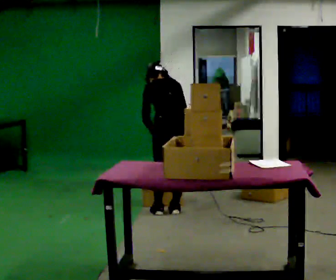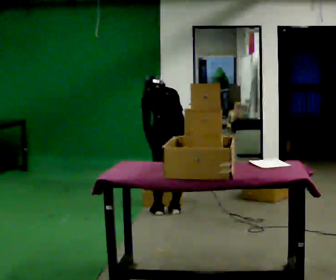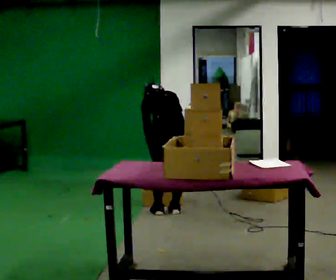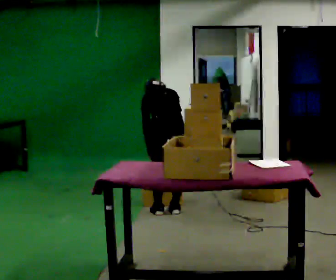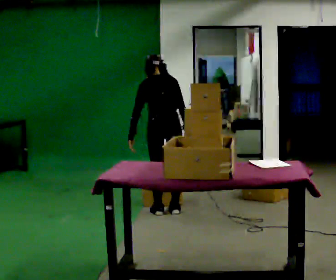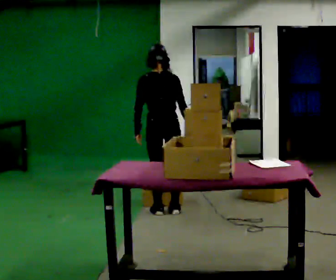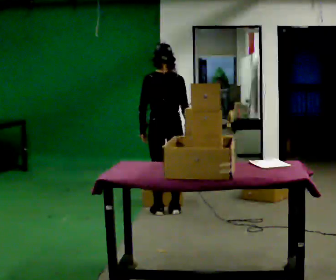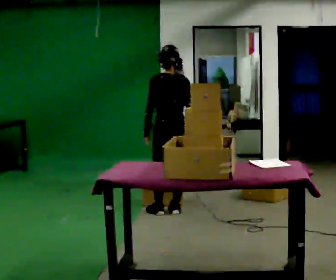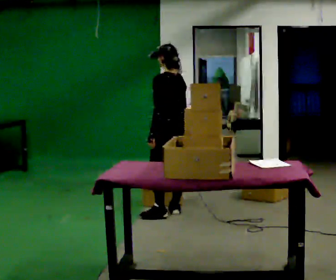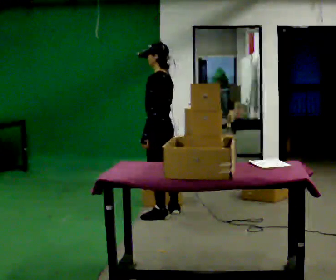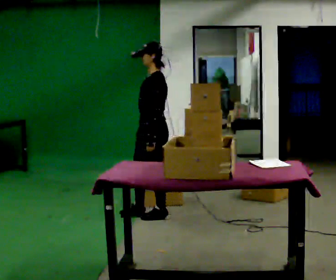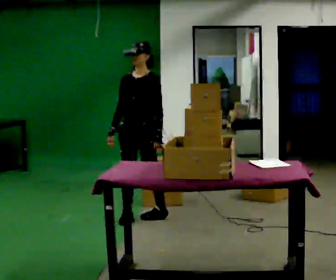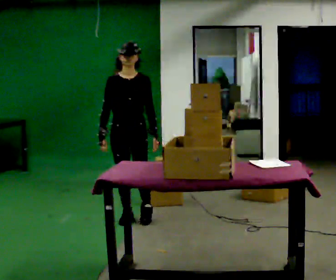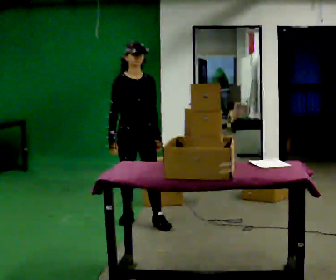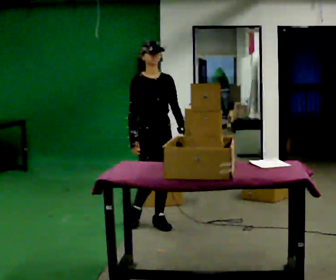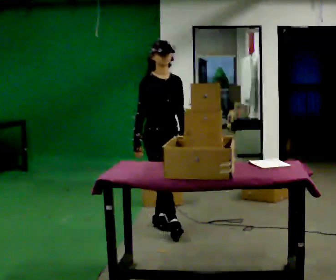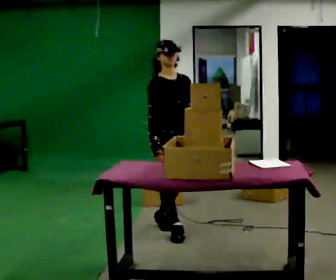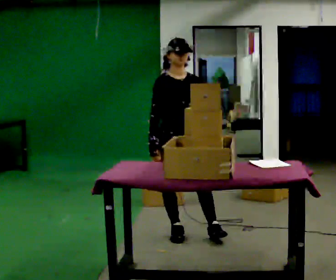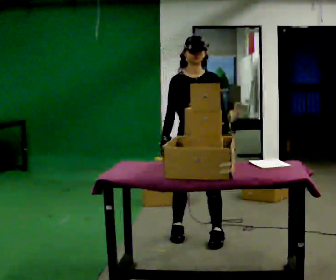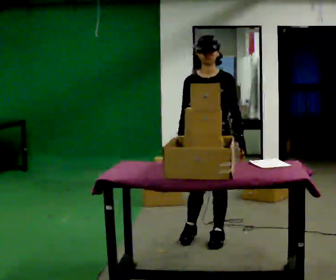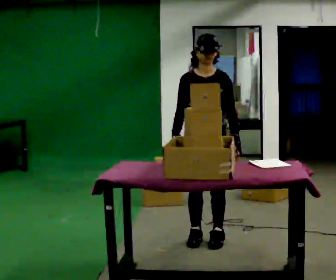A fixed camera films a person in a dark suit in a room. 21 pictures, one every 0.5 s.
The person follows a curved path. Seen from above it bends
counterclockwise.
The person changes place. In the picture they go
toward the camera.
0.0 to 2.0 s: The person moves a little, or ends about where they began.
2.0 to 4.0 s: The part of the body nearest the lens slides to the right as the person turns to their left by about 45 degrees. The upper body tips toward the camera, its near side rolling downward, as they lean back or straighten.
4.0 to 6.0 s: Seen from above the body turns counterclockwise, about 150 degrees: to their left, with its near side sliding to the right. In the picture they go to the left and toward the camera, about 0.5 m in 1 step.
6.0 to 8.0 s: The part of the body nearest the lens slides to the right as the person turns to their left by about 30 degrees. In the picture they go toward the camera and to the right, about 0.5 m in 2 steps, which for them is forward.
8.0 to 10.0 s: The person turns about 45 degrees to their right, clockwise seen from above, so the part of the body nearest the lens slides to the left. In the picture they go to the right and toward the camera, about 0.25 m in 2 steps, which for them is to their left and forward.
The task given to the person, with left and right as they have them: 1. Take the objects out of the box on the table one at a time. 2. Put each one in the bin the operator has labelled for it. 3. Tell the operator when you are finished.
The film runs forward here.
